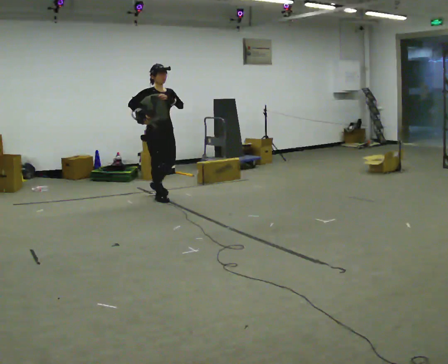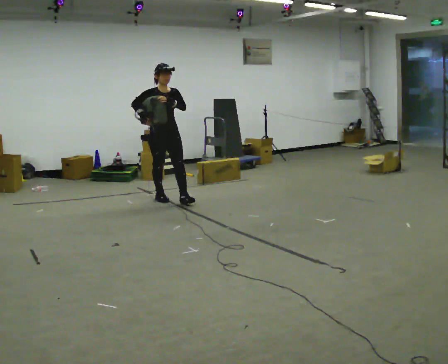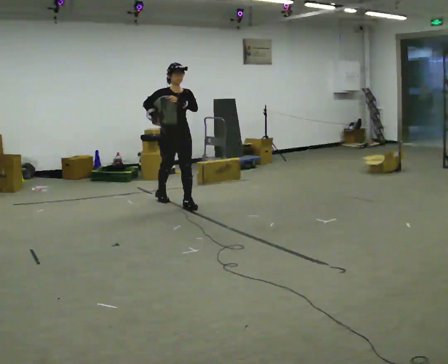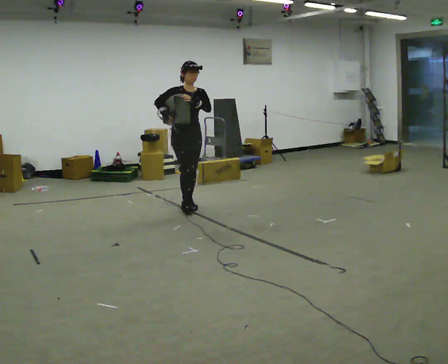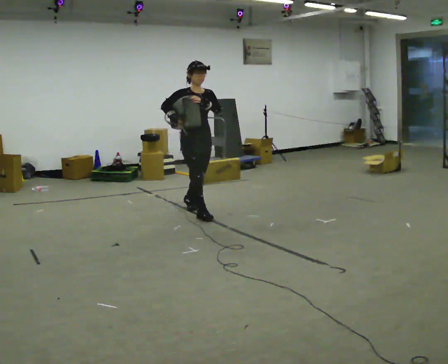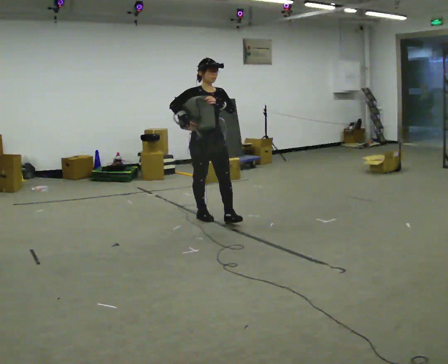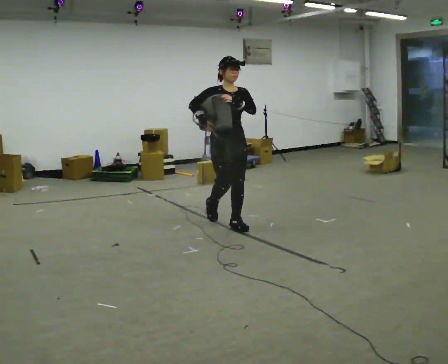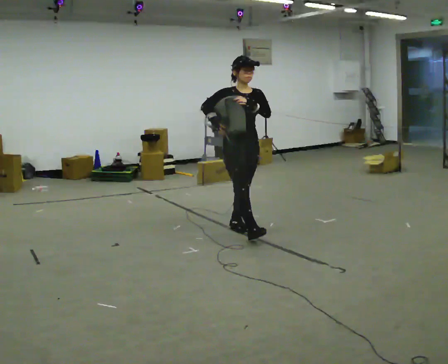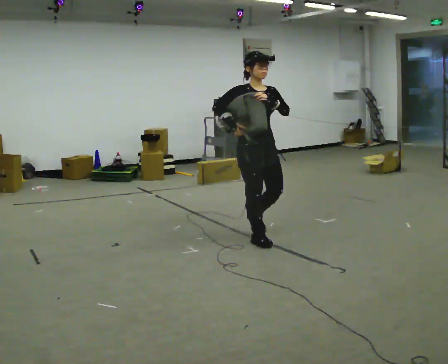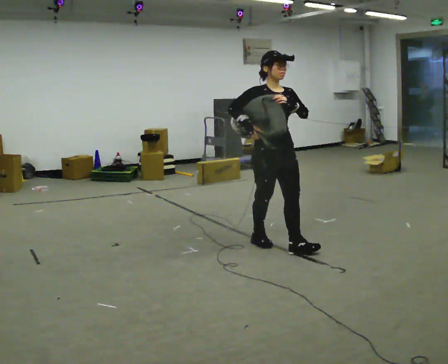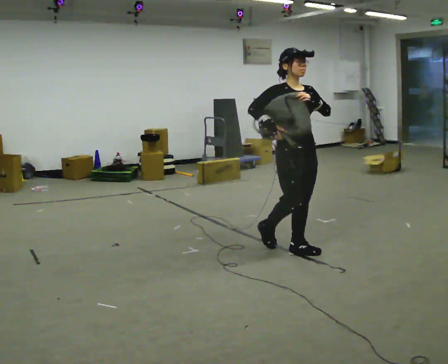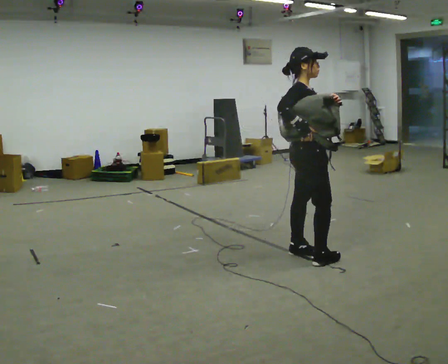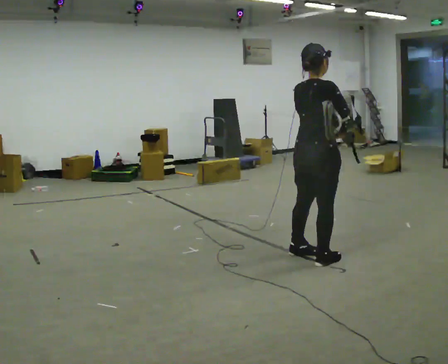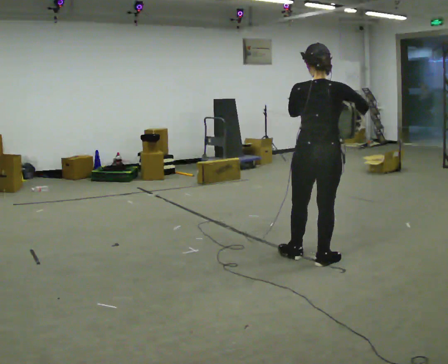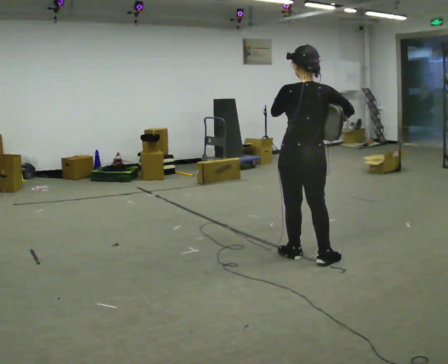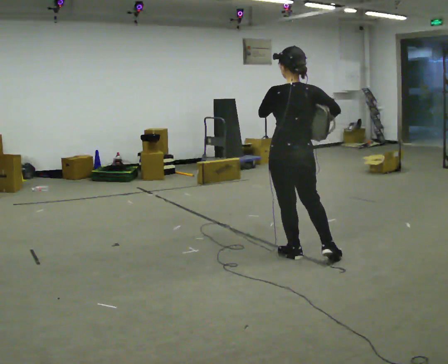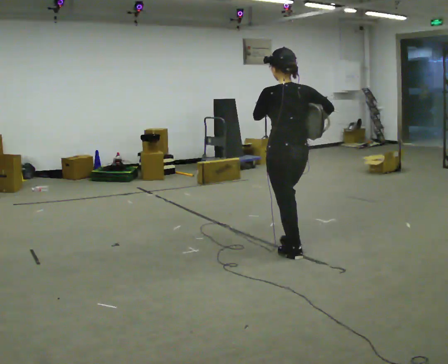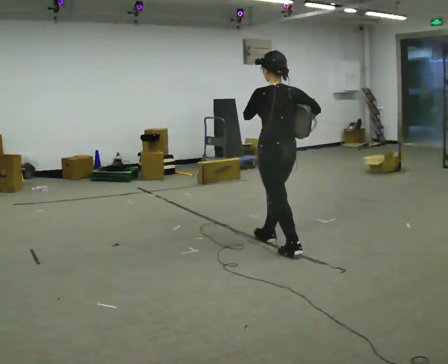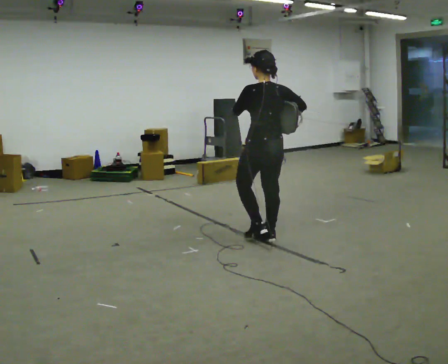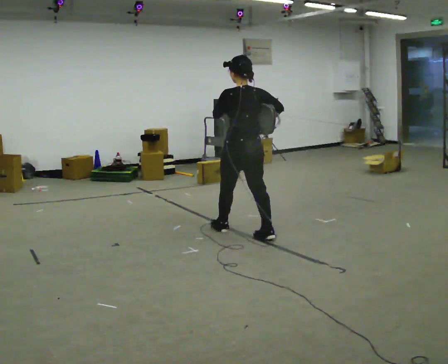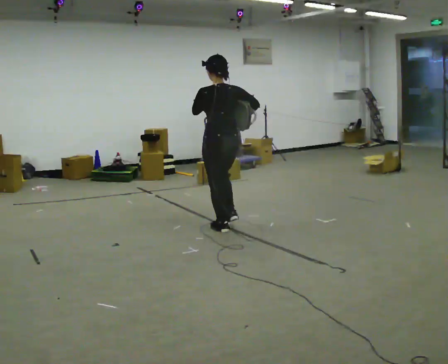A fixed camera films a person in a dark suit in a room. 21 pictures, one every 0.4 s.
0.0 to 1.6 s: In the picture they go to the right and toward the camera, about 1 m in 2 steps, which for them is forward.
1.6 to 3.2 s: In the picture they go toward the camera and to the right, about 1 m in 2 steps, which for them is forward.
3.2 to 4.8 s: The part of the body nearest the lens slides to the right as the person turns to their left by about 105 degrees. In the picture they go to the right and toward the camera, about 0.75 m in 2 steps.
4.8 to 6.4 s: Seen from above the body turns counterclockwise, about 75 degrees: to their left, with its near side sliding to the right. In the picture they go to the left, about 0.25 m. In the picture their left hand goes to the left.
6.4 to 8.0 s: In the picture they go to the left and away from the camera, about 1 m in 2 steps, which for them is forward.
The film runs forward here.
